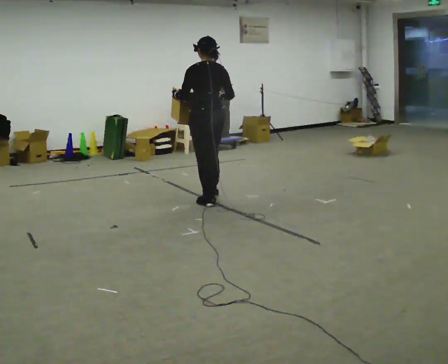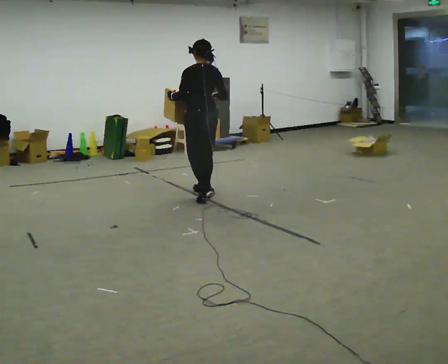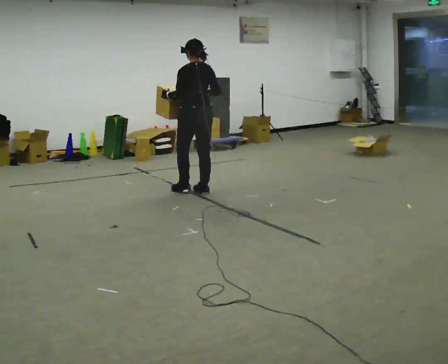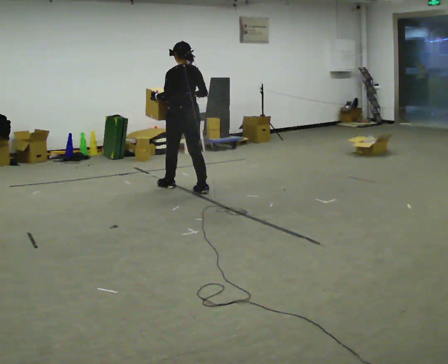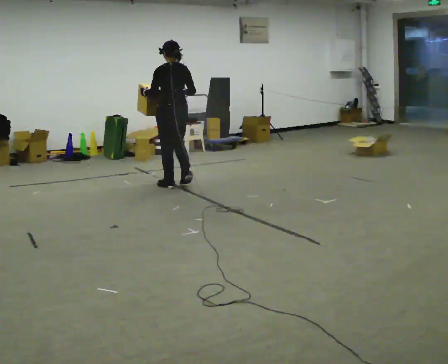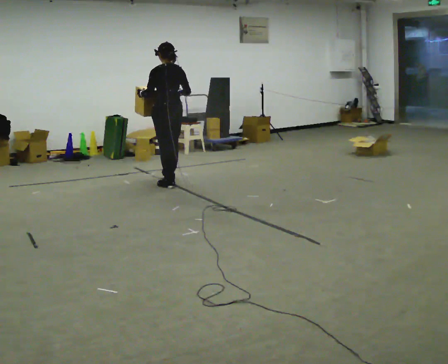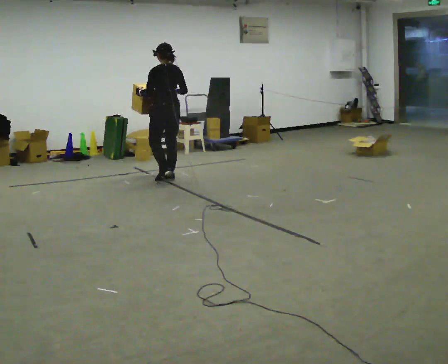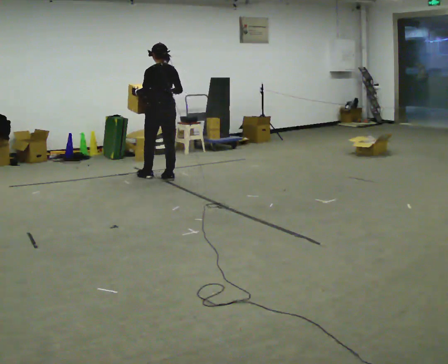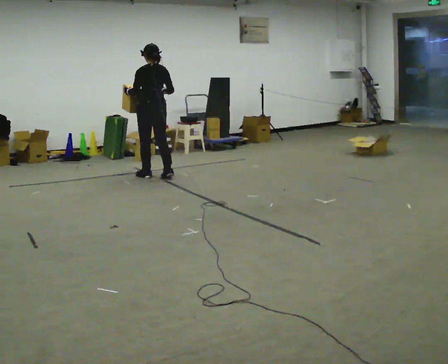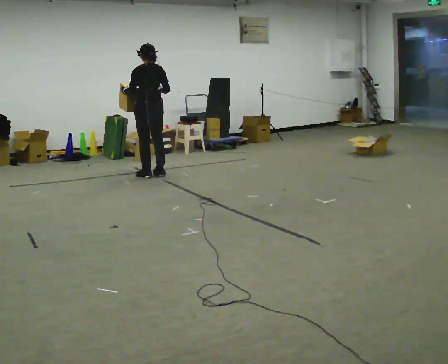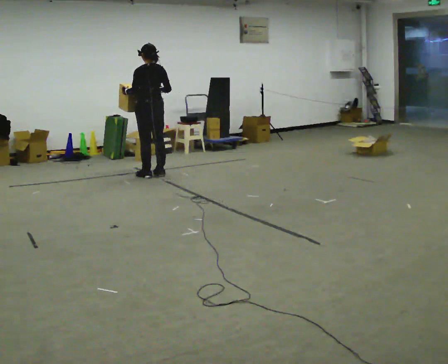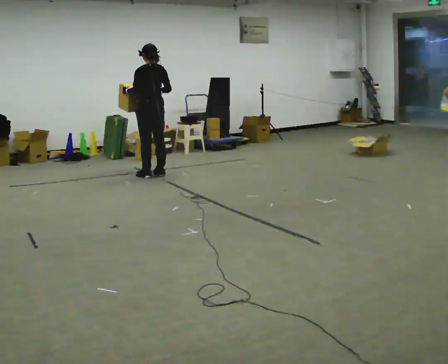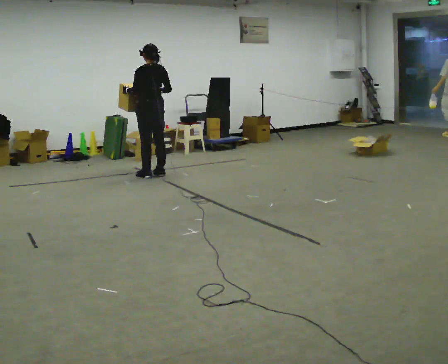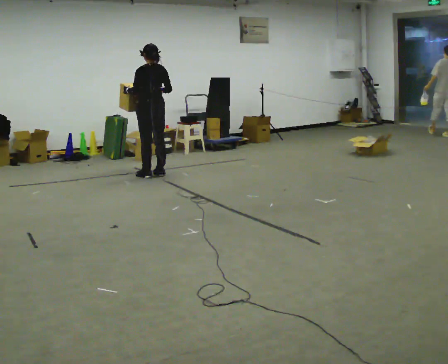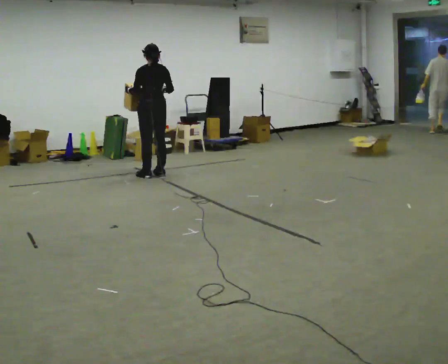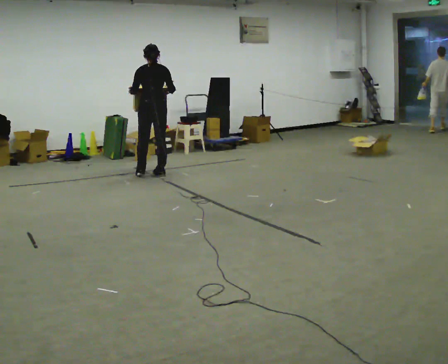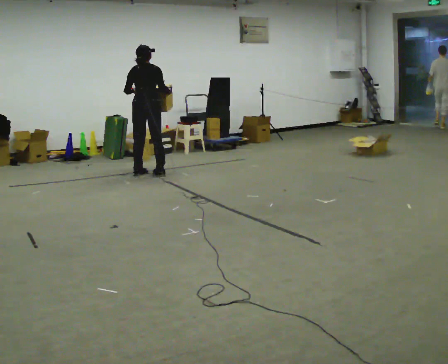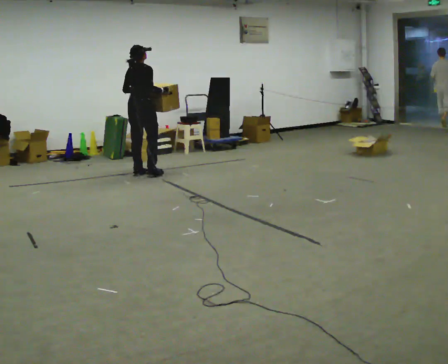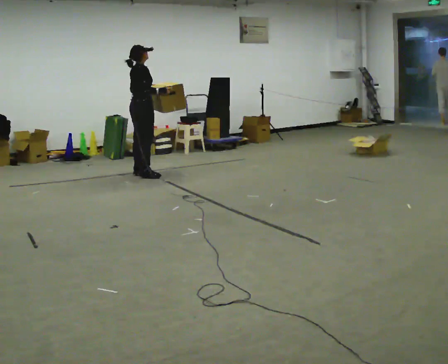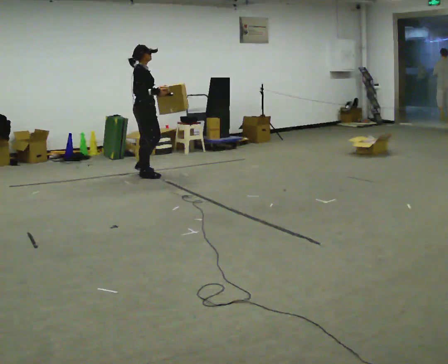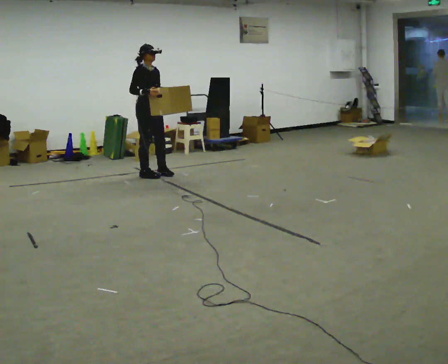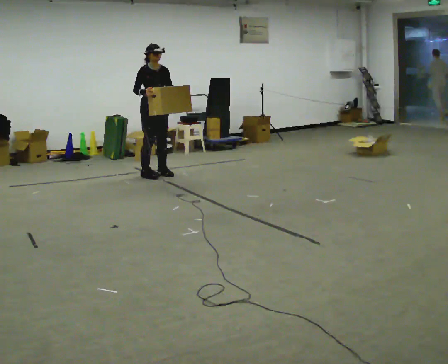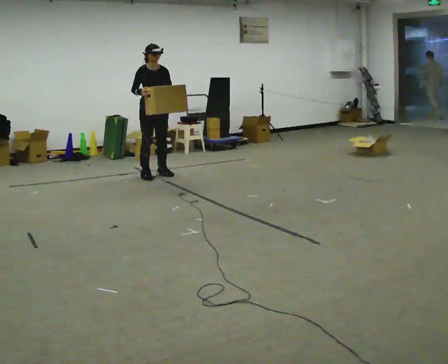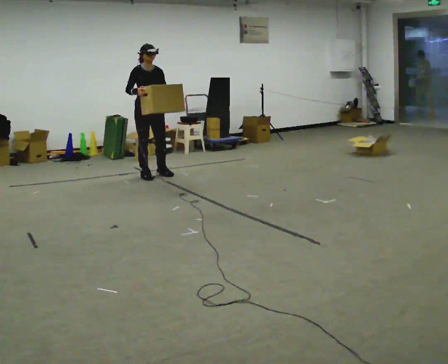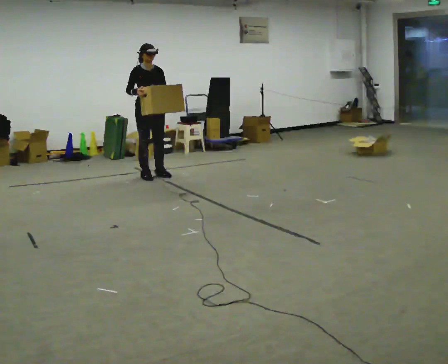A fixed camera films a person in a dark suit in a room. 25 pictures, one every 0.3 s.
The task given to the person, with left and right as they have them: Carry the box across the room much more slowly and carefully than normal, back and forth.
0.0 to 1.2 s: In the picture they go away from the camera and to the left, about 0.5 m in 2 steps, which for them is forward.
1.2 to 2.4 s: In the picture they go away from the camera and to the left, about 0.5 m in 2 steps, which for them is forward.
2.4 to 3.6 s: The person moves a little, or ends about where they began.
3.6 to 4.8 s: The part of the body nearest the lens slides to the left as the person turns to their right by about 45 degrees.
4.8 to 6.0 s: The person turns about 105 degrees to their right, clockwise seen from above, so the part of the body nearest the lens slides to the left. In the picture their left hand goes to the right.
6.0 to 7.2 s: The person turns about 30 degrees to their right, clockwise seen from above, so the part of the body nearest the lens slides to the left.
The film runs forward here.
